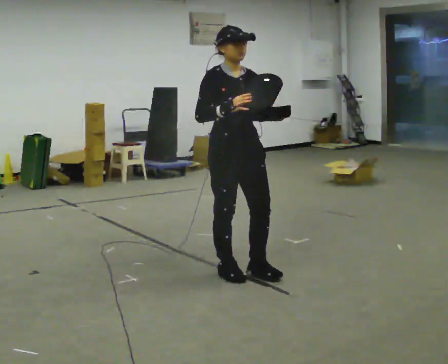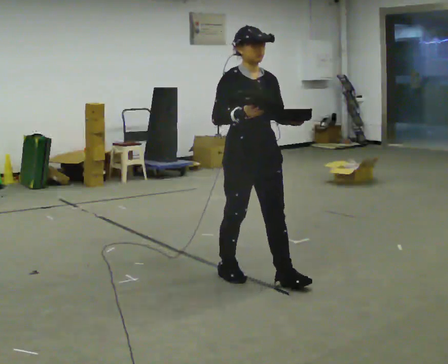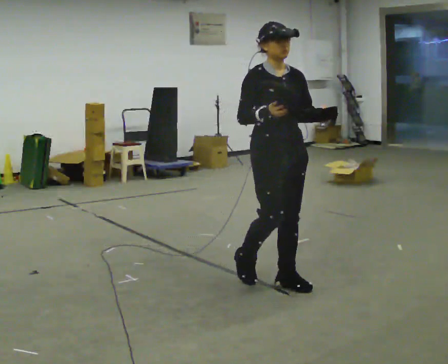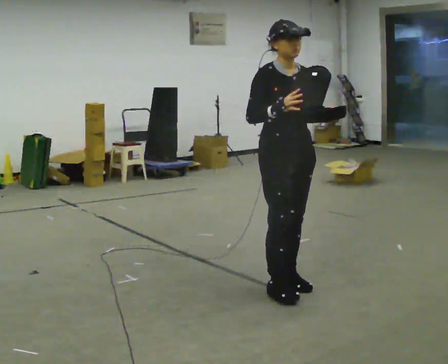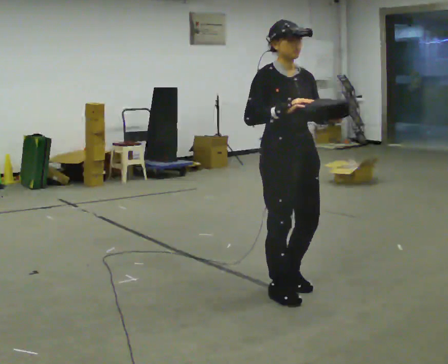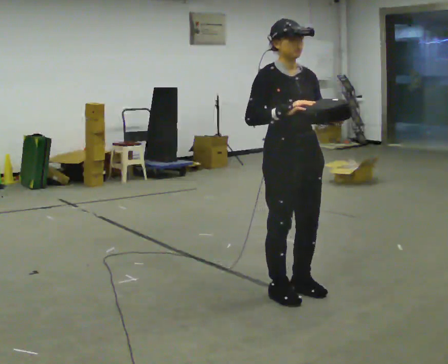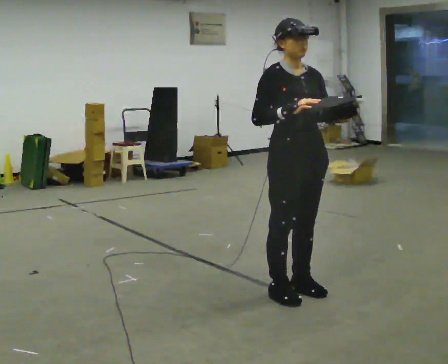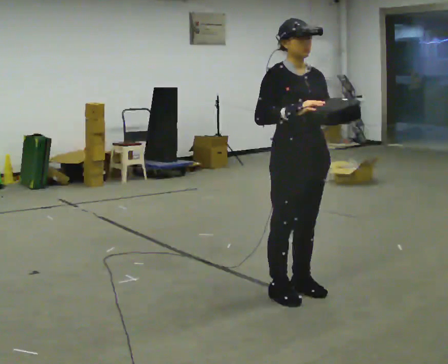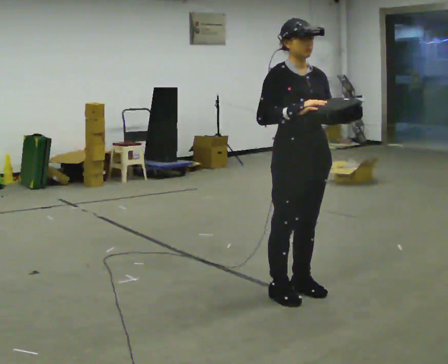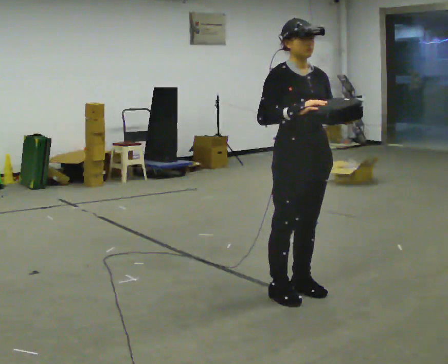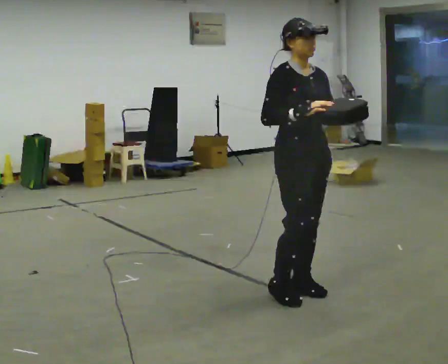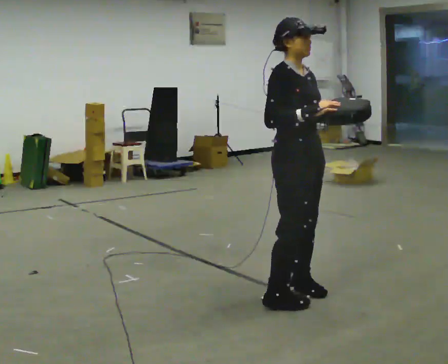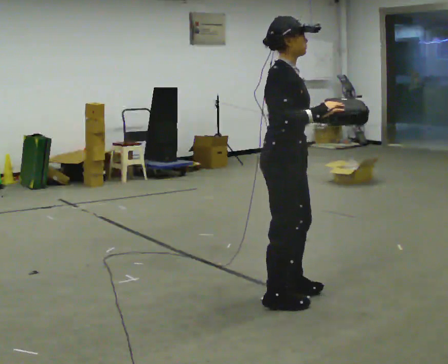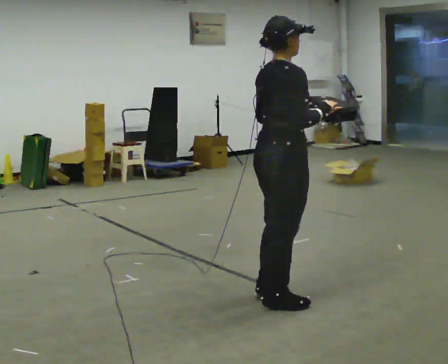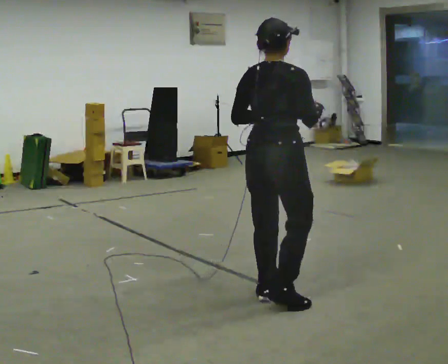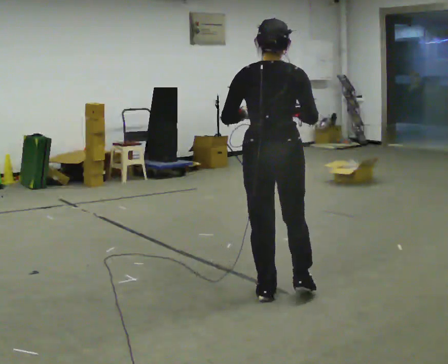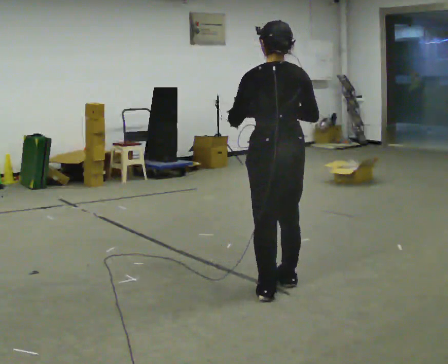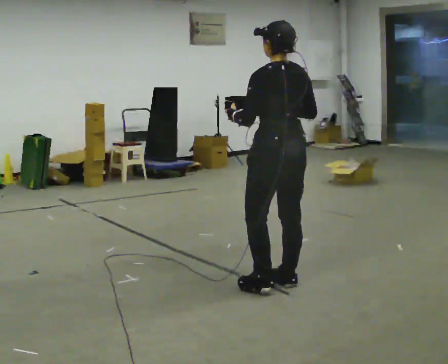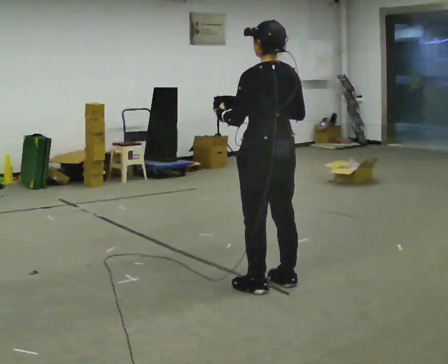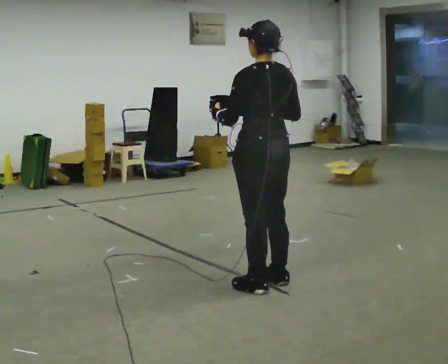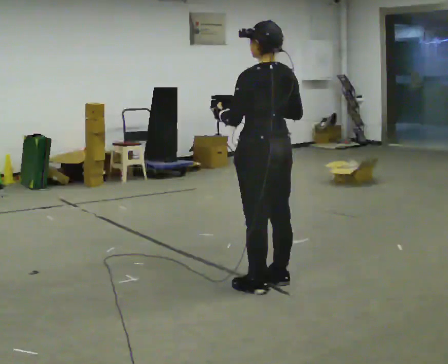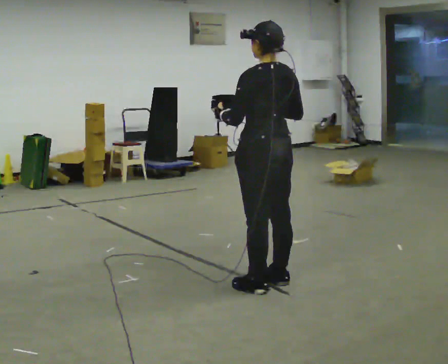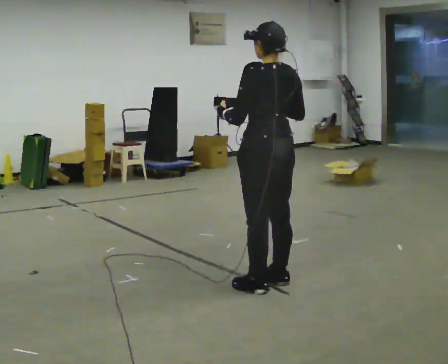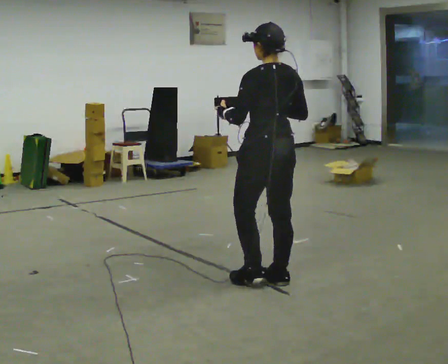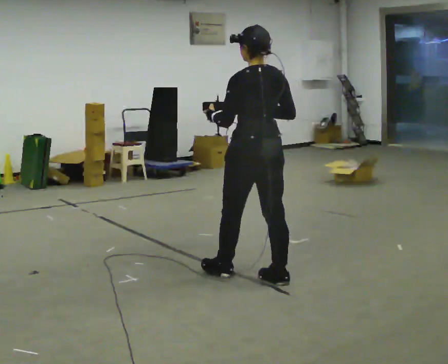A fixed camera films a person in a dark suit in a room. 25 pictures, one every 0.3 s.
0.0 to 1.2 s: In the picture they go toward the camera and to the right, about 0.5 m in 2 steps, which for them is forward.
1.2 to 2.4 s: The person moves a little, or ends about where they began.
2.4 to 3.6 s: The part of the body nearest the lens slides to the right as the person turns to their left by about 60 degrees.
3.6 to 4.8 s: The part of the body nearest the lens slides to the right as the person turns to their left by about 120 degrees. In the picture they go away from the camera, about 0.25 m in 2 steps. In the picture their left hand goes to the left.
4.8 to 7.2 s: In the picture they go away from the camera and to the left, about 0.25 m in 1 step, which for them is forward.
The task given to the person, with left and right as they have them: Carry the lidded box and, while you are still walking, open the lid, then close it again. Repeat as you walk back and forth. Do not stop to do it.
The film runs forward here.
